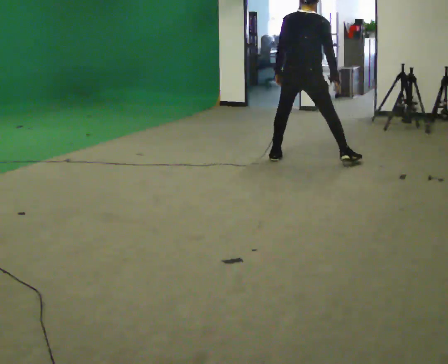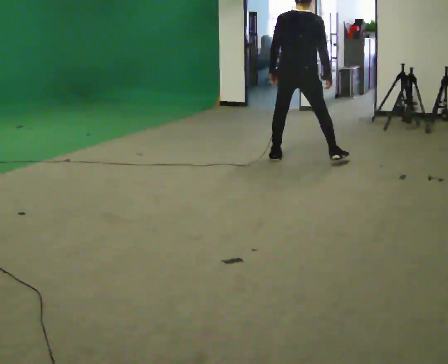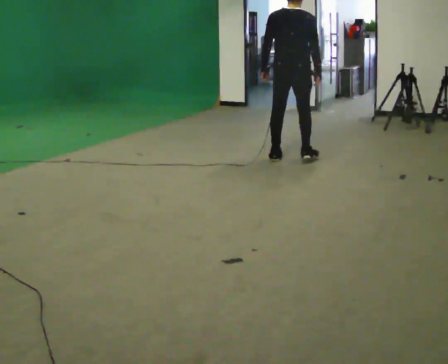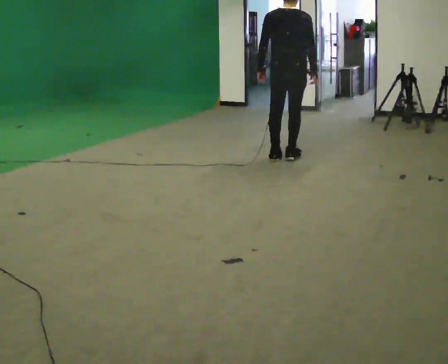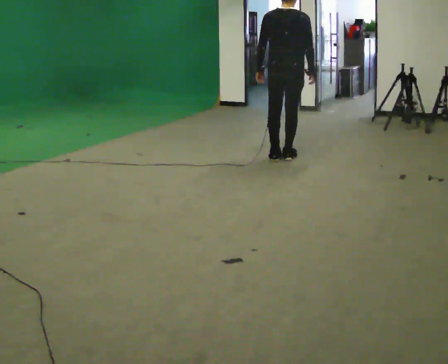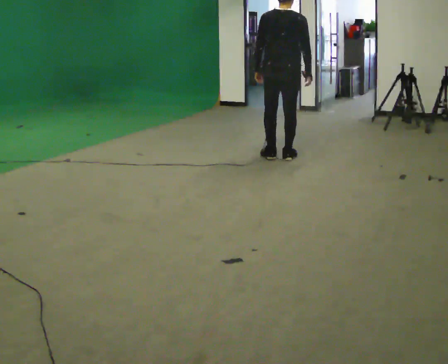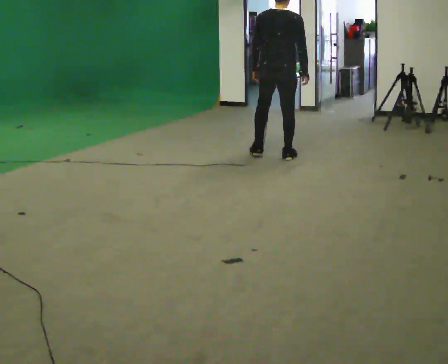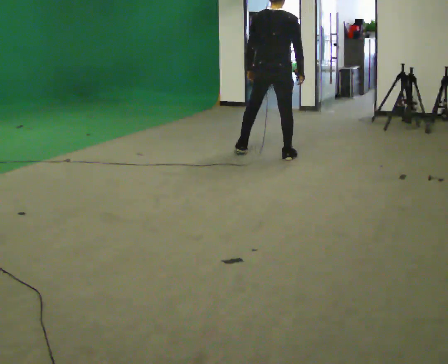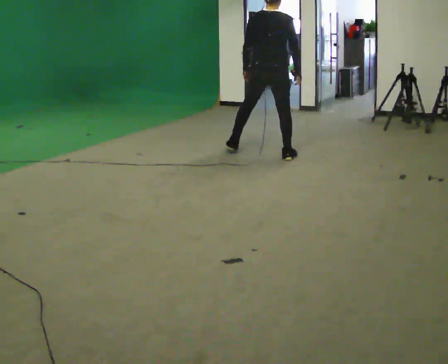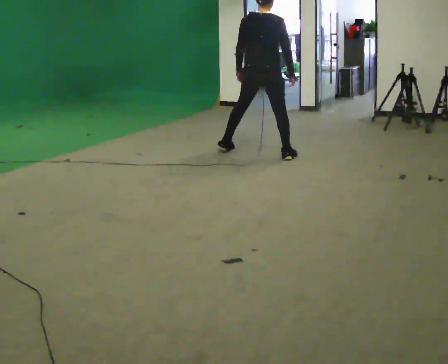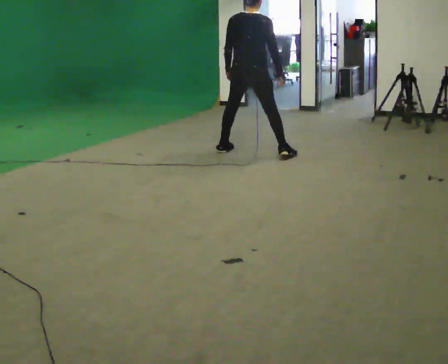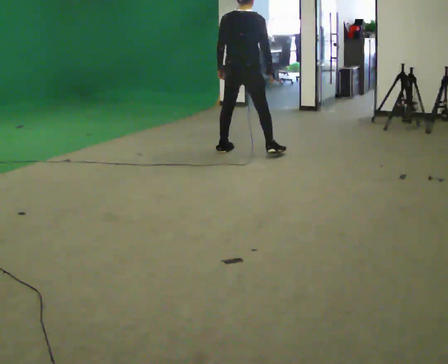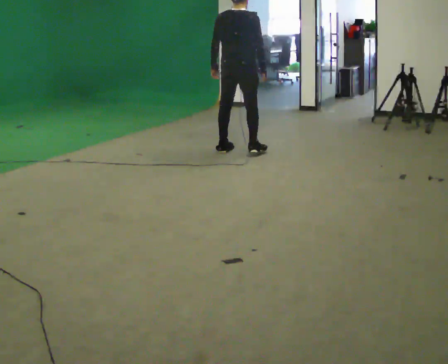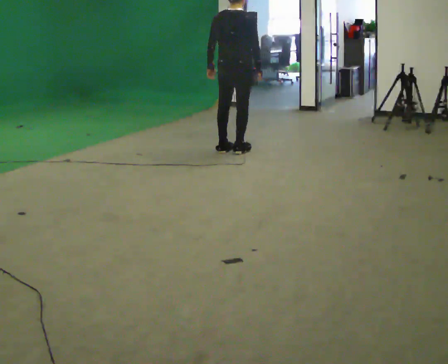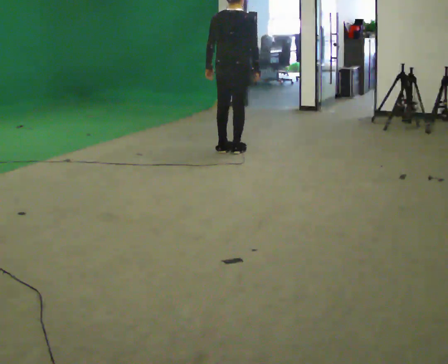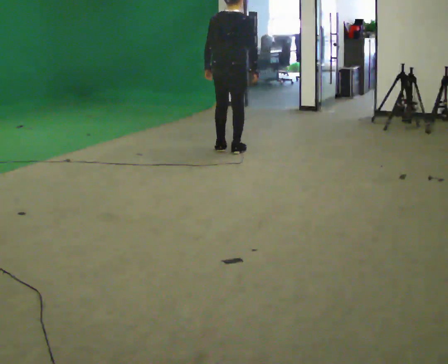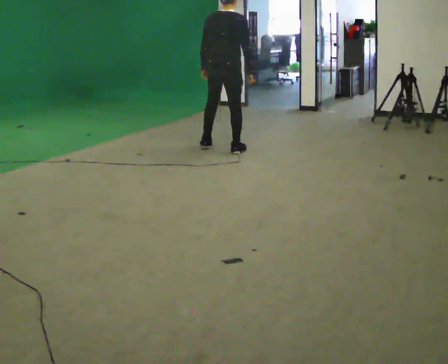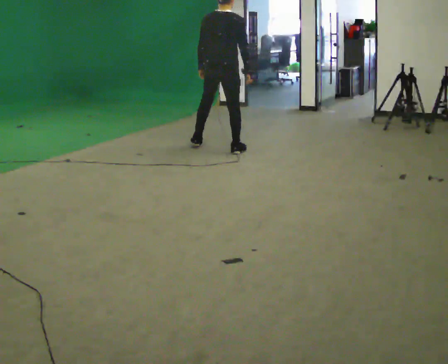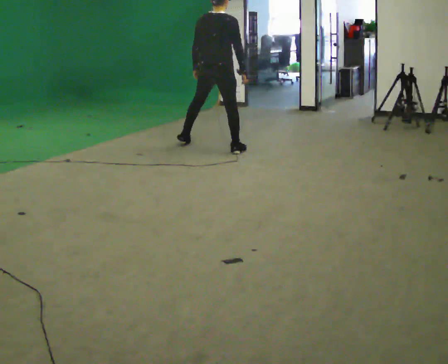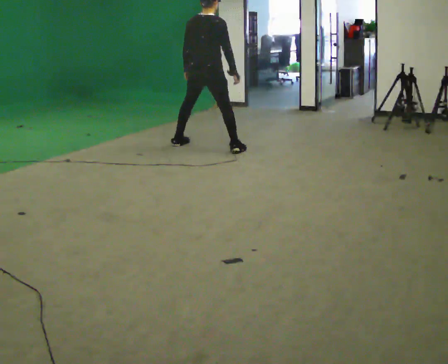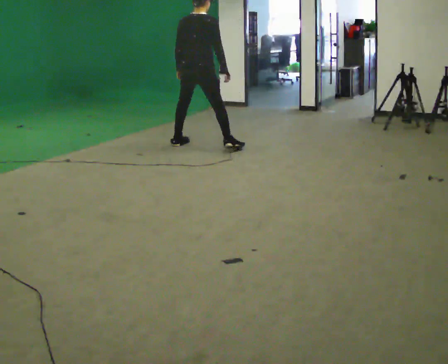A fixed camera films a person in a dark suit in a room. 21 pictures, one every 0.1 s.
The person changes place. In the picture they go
to the left.
0.0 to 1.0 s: In the picture they go to the left and away from the camera, about 0.5 m in 2 steps, which for them is to their left.
1.0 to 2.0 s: In the picture they go to the left and away from the camera, about 0.5 m in 2 steps, which for them is to their left.
The film runs forward here.
